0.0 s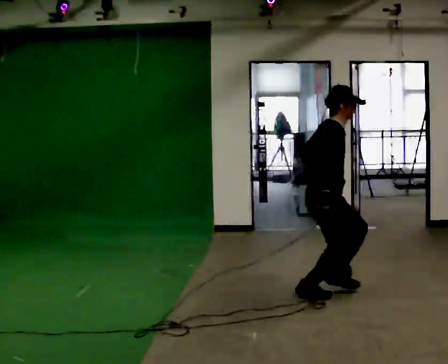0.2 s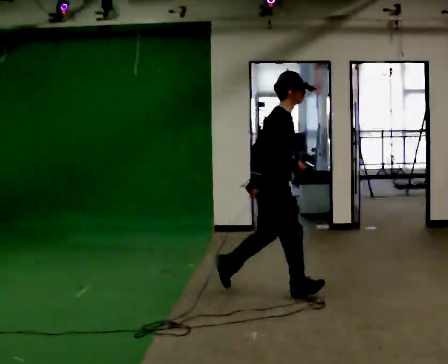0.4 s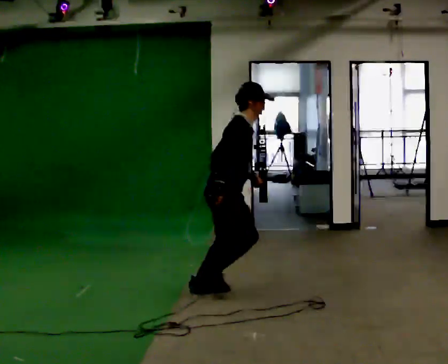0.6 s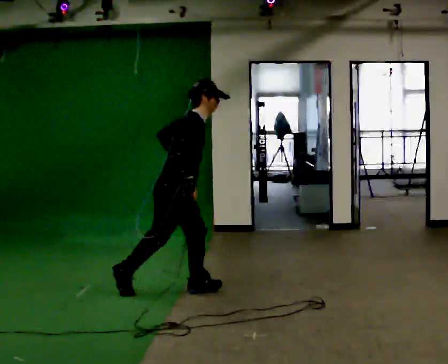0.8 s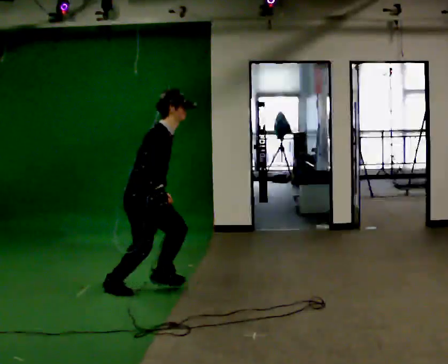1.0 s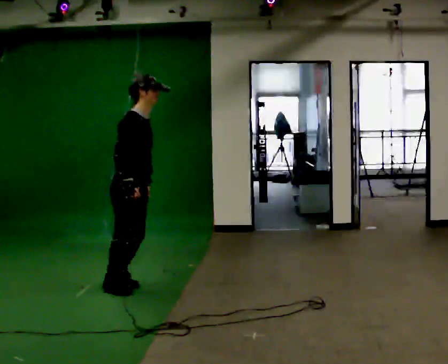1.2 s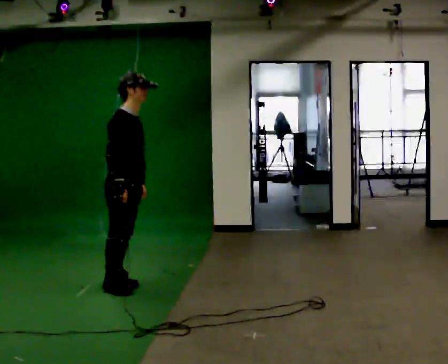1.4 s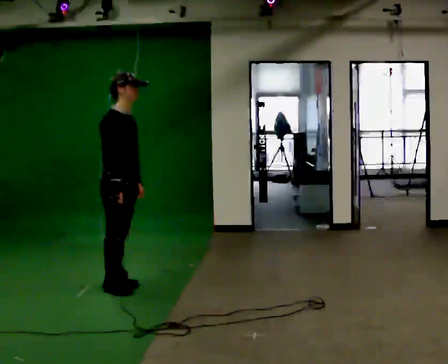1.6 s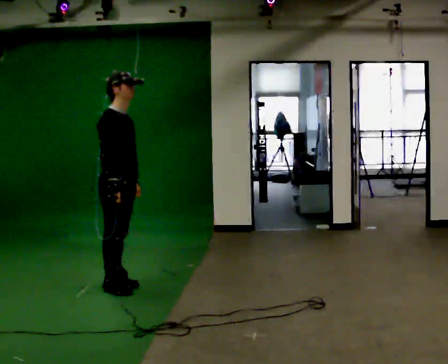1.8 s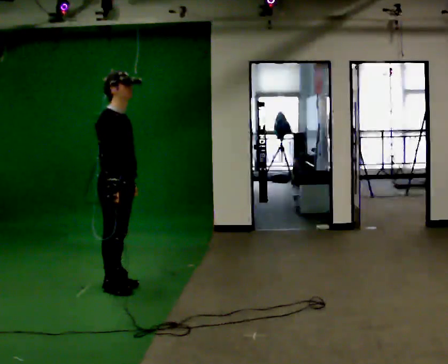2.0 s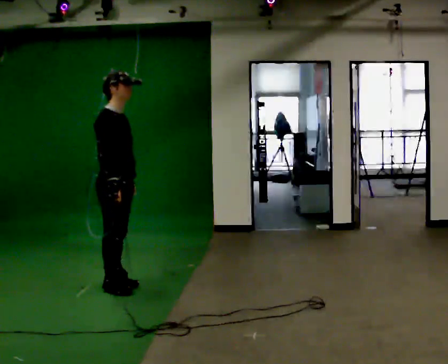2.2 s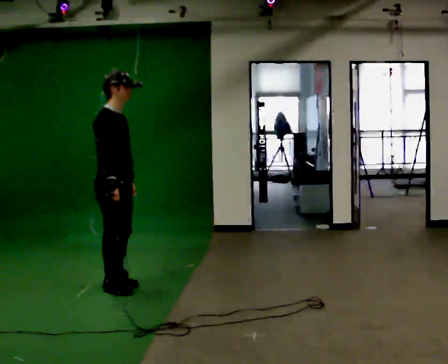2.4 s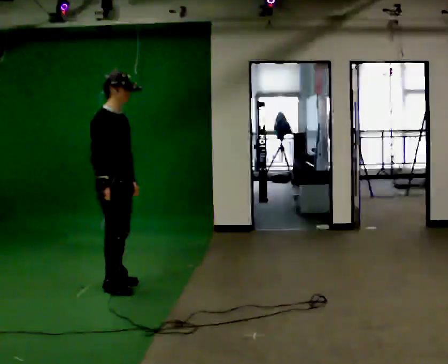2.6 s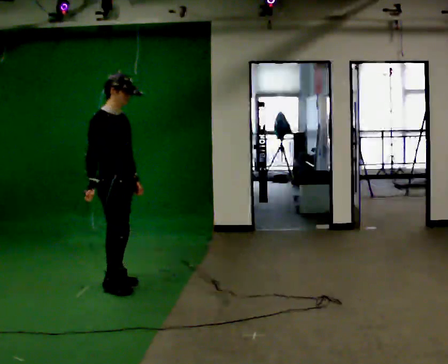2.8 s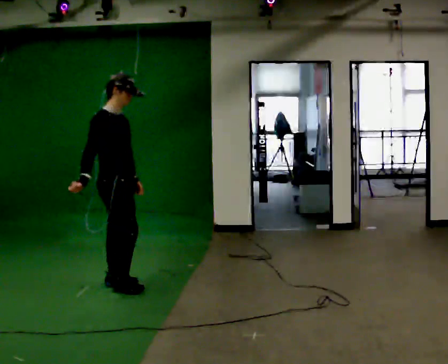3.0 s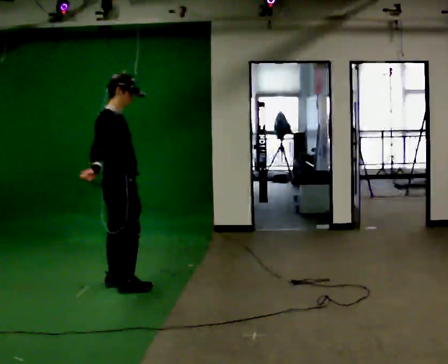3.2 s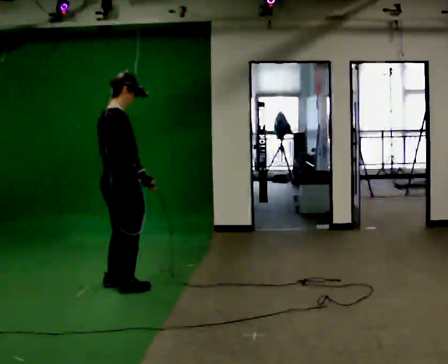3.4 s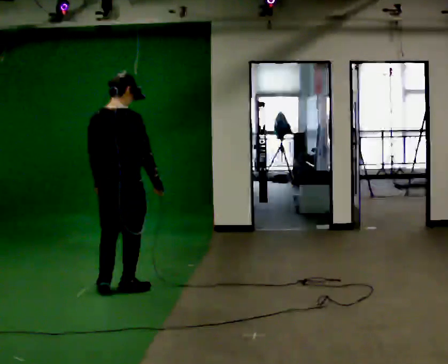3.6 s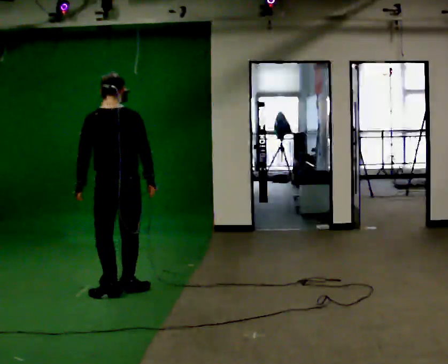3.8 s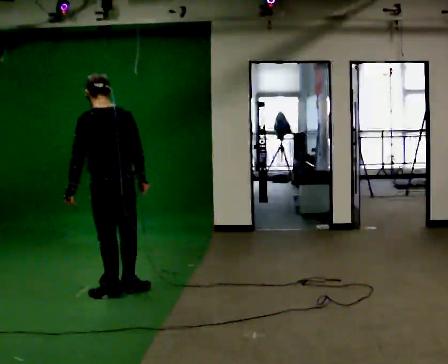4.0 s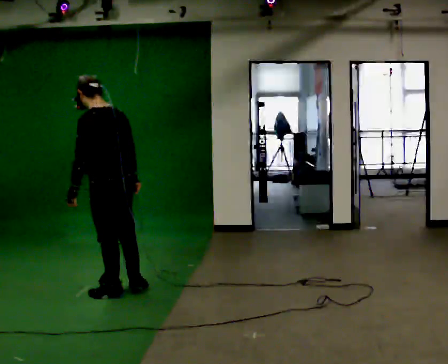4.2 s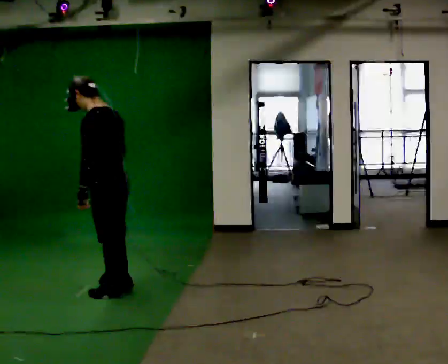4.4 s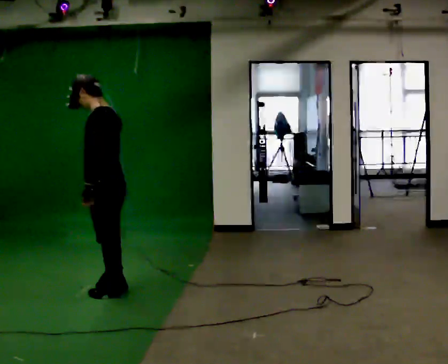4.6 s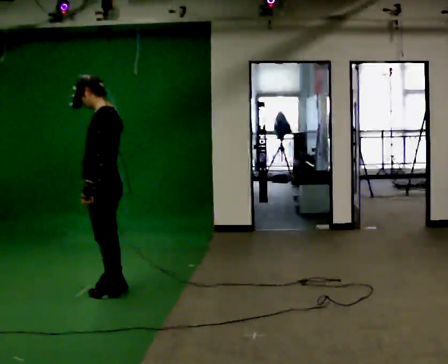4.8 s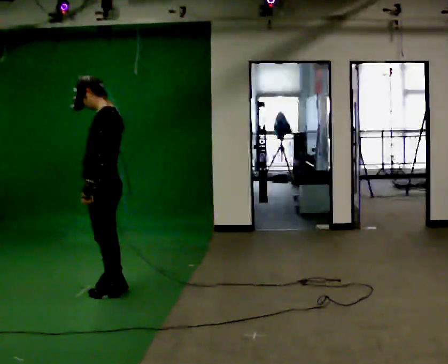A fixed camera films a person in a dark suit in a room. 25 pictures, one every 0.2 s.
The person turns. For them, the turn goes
to their left.
The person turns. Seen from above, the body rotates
counterclockwise.
0.0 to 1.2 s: In the picture they go to the left, about 1.5 m in 2 steps, which for them is backward.
1.2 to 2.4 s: The person moves a little, or ends about where they began.
2.4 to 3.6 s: The part of the body nearest the lens slides to the right as the person turns to their left by about 105 degrees. In the picture their right hand goes to the right.
3.6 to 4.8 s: The part of the body nearest the lens slides to the right as the person turns to their left by about 75 degrees.
The film runs backward here.
